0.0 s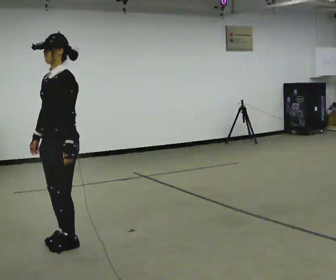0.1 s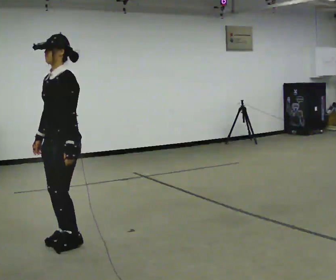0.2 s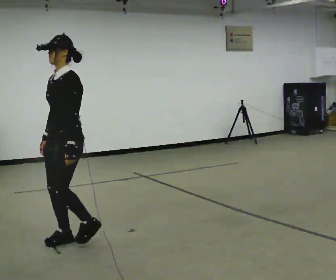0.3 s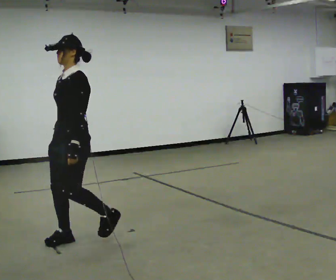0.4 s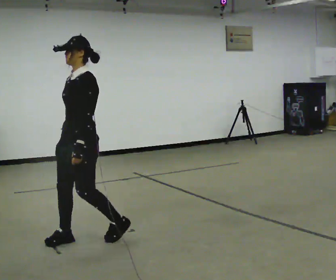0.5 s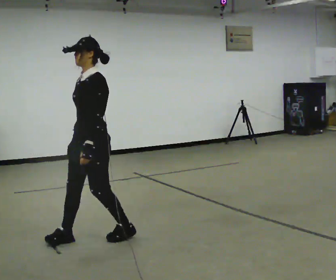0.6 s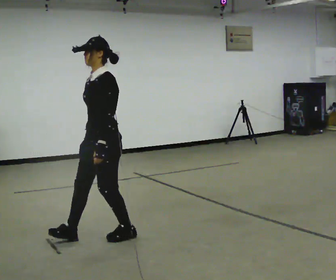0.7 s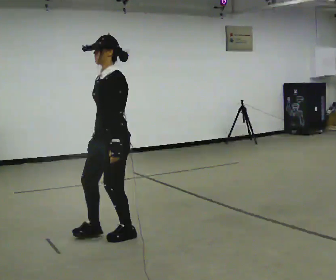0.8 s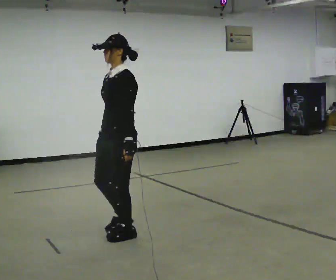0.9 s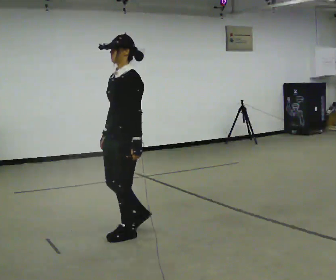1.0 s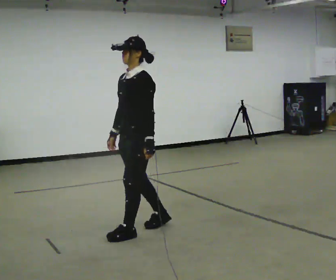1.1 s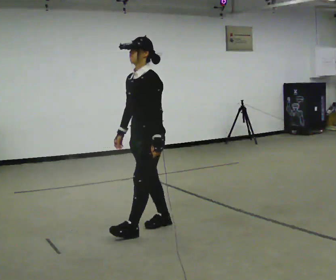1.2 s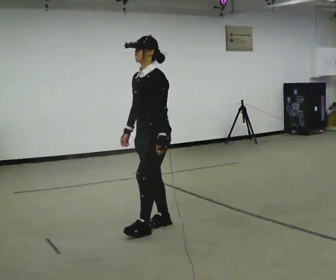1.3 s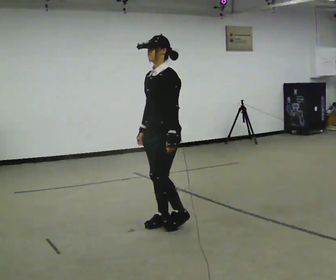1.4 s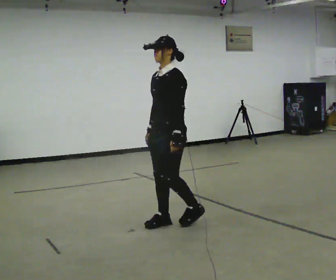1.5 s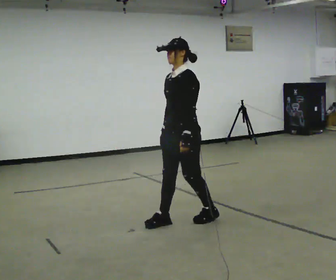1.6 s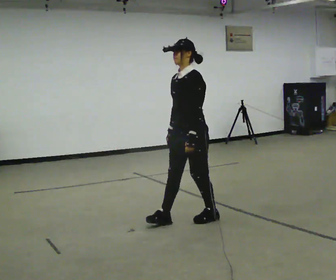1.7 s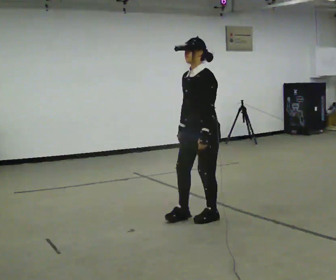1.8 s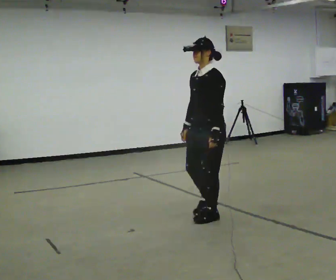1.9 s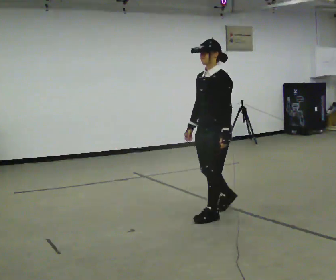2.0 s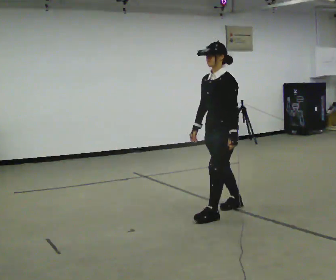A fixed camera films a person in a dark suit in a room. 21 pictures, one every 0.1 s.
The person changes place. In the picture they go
to the right.
0.0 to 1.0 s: In the picture they go to the right and away from the camera, about 0.75 m in 1 step, which for them is backward.
1.0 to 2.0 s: In the picture they go to the right and away from the camera, about 1 m in 3 steps, which for them is backward.
The film runs forward here.
